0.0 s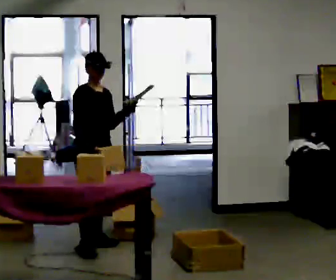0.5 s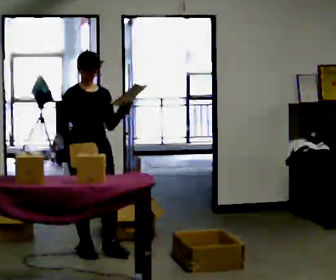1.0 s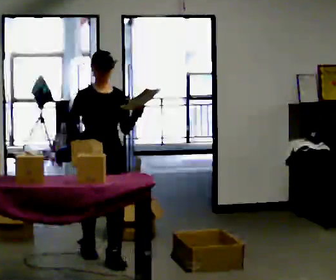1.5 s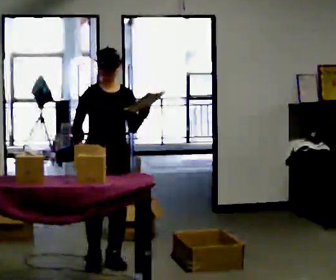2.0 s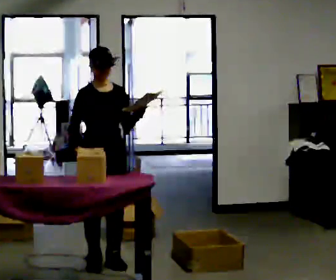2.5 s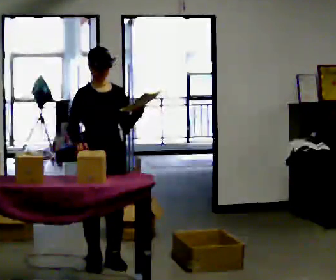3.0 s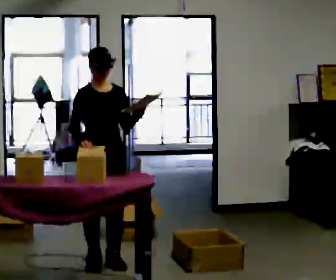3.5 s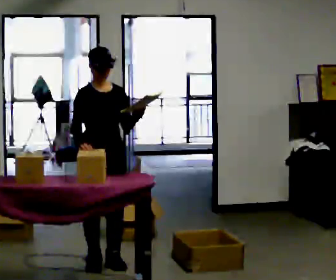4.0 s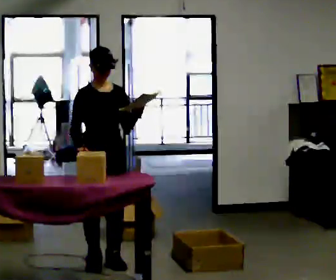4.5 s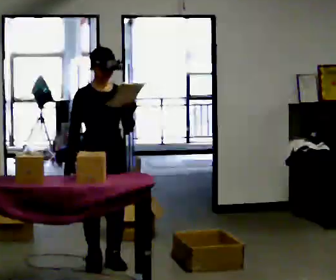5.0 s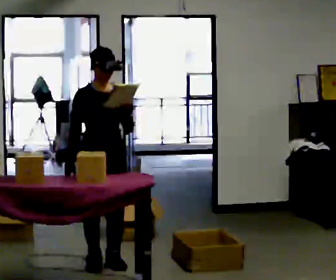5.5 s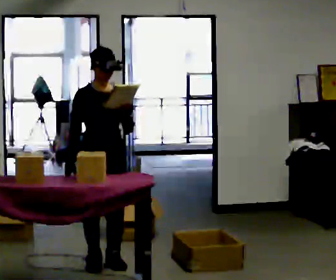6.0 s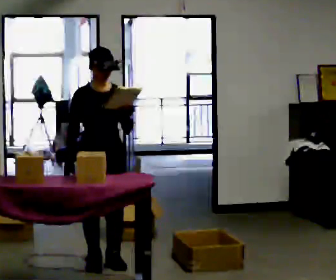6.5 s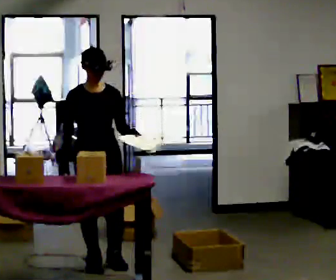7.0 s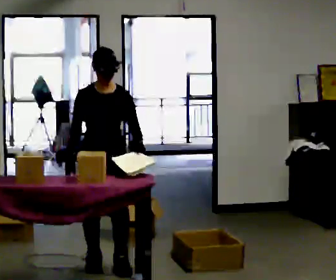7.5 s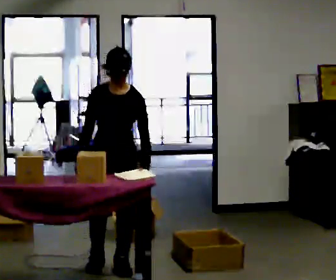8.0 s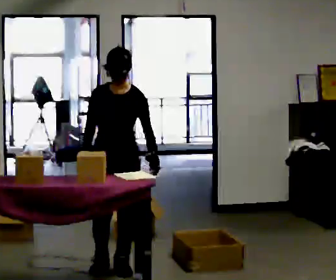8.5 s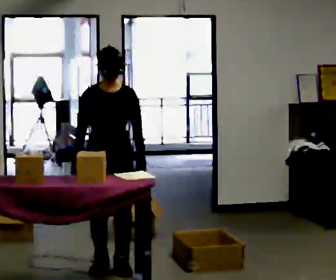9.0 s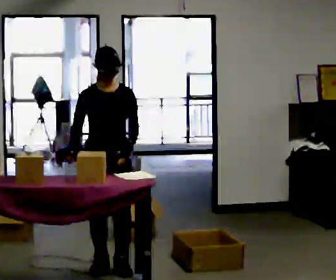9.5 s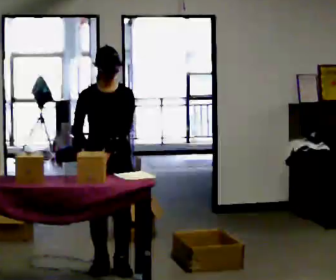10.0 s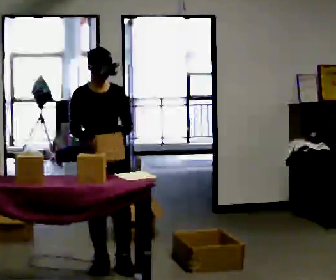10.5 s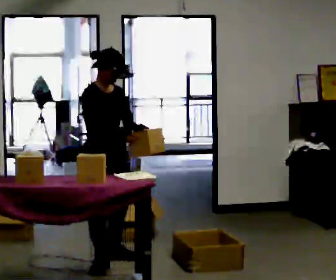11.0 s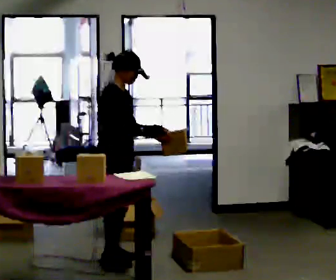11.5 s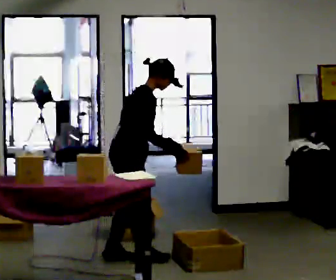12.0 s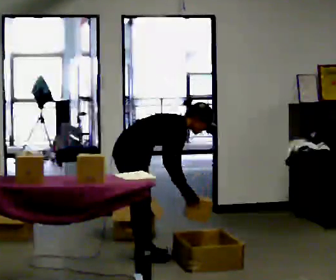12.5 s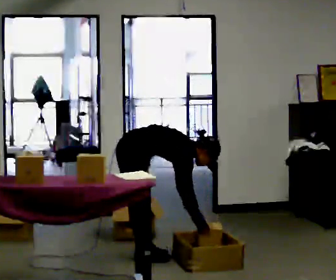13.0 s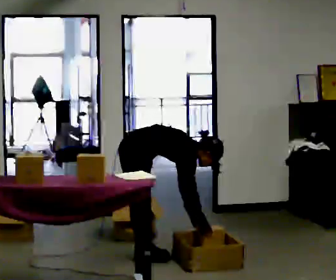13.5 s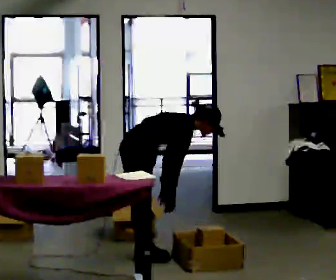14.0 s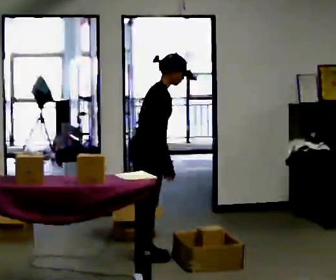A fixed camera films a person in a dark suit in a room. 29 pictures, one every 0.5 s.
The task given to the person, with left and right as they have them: 1. Read the parts list. 2. Collect each part from the bins around the room. 3. Lay them out on the table in the order on the list. 4. Put them all in the carry case. 5. Tell the operator when you are finished.
0.0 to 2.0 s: Seen from above the body turns clockwise, about 30 degrees: to their right, with its near side sliding to the left. In the picture they go toward the camera, about 0.5 m in 2 steps, which for them is forward.
2.0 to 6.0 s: The person moves a little, or ends about where they began.
6.0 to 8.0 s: In the picture their left hand goes downward.
8.0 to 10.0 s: The part of the body nearest the lens slides to the right as the person turns to their left by about 30 degrees.
10.0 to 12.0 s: The part of the body nearest the lens slides to the right as the person turns to their left by about 90 degrees. In the picture they go away from the camera and to the right, about 0.25 m in 3 steps. The shoulders move downward. In the picture the upper body tilts clockwise, shoulders to the right, as they bend forward. In the picture their left hand goes downward.
12.0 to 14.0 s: The person moves a little, or ends about where they began.
The film runs forward here.
